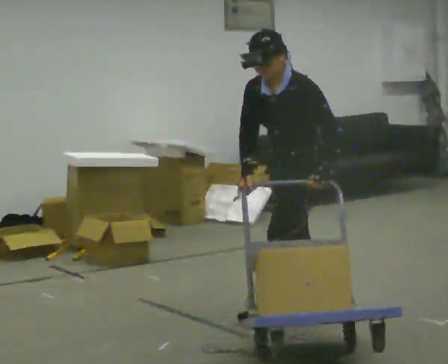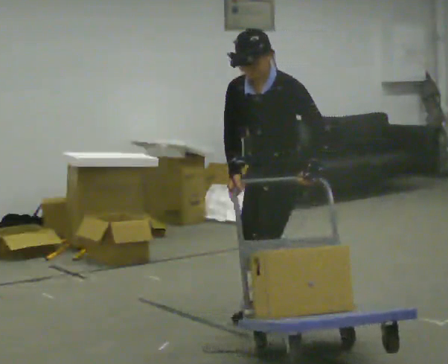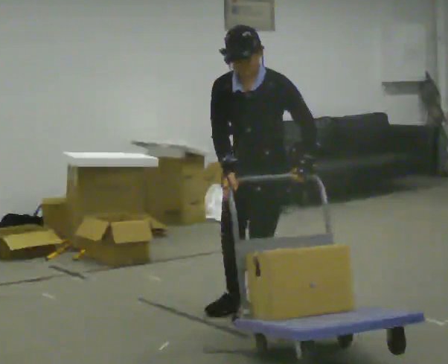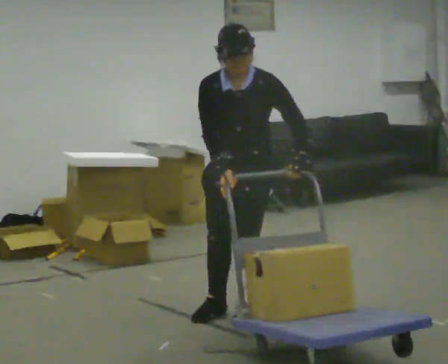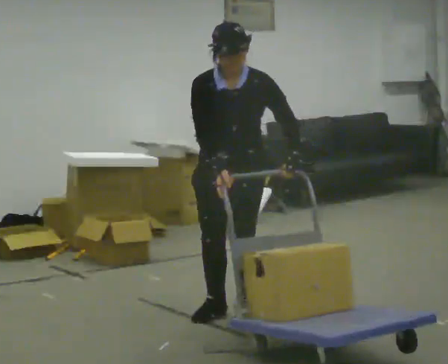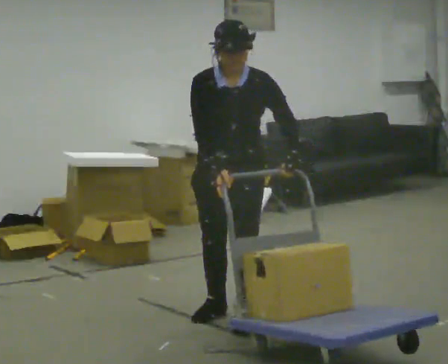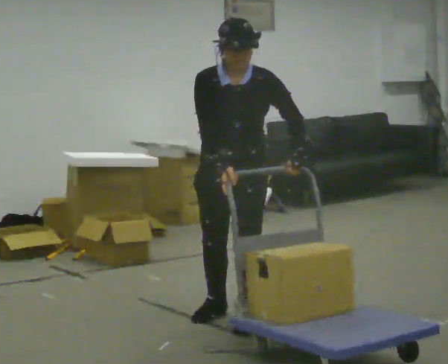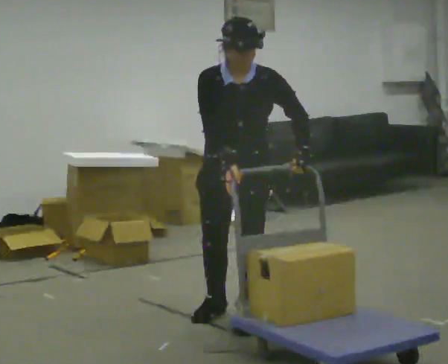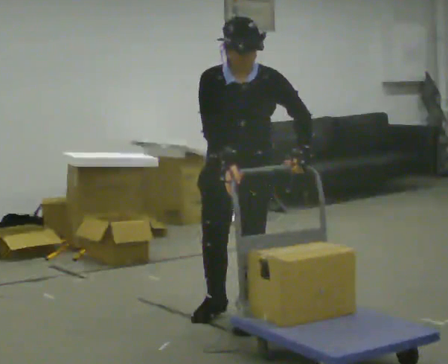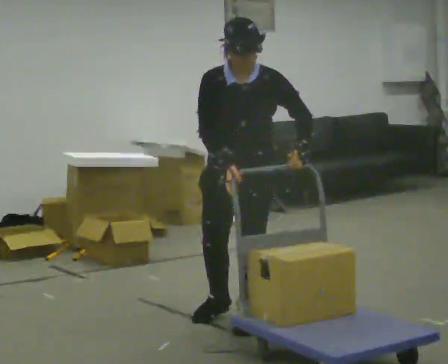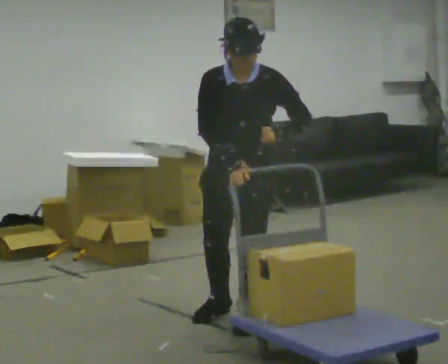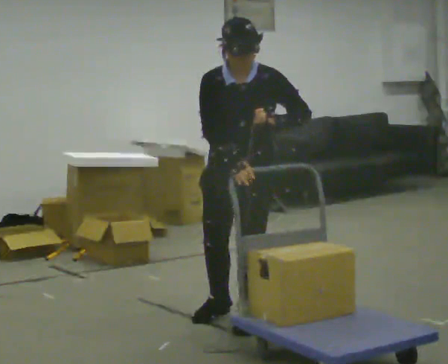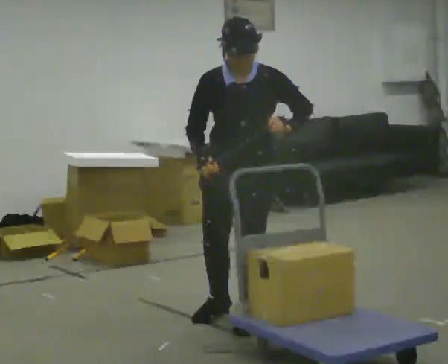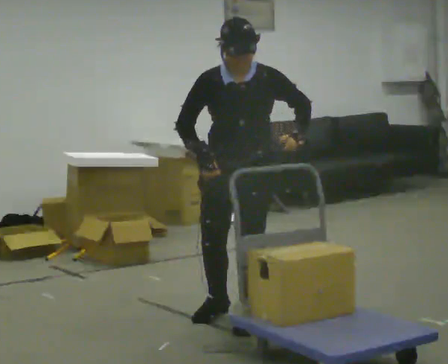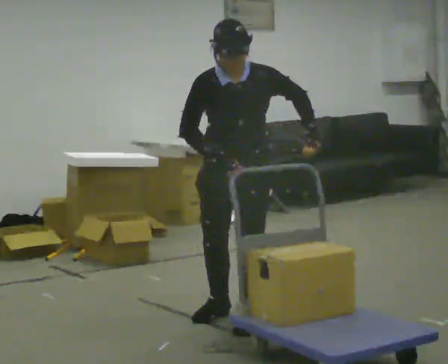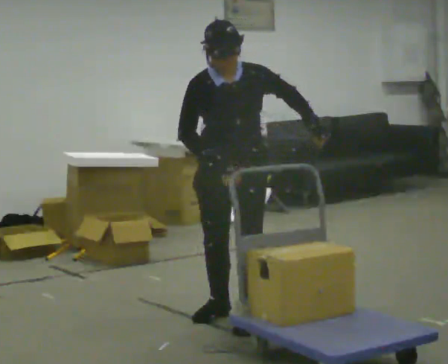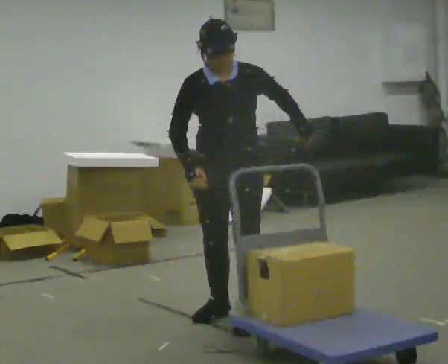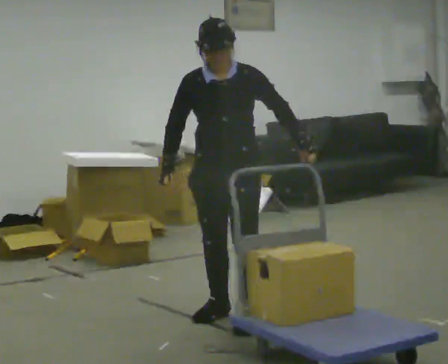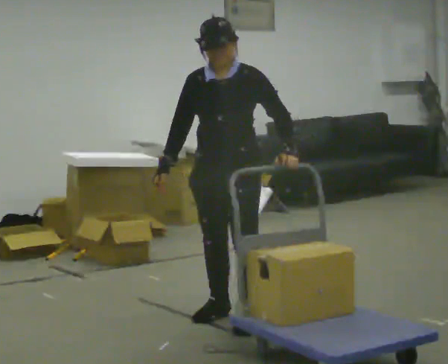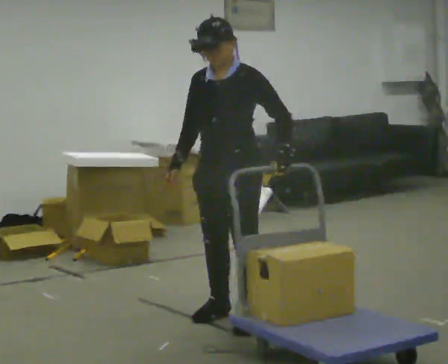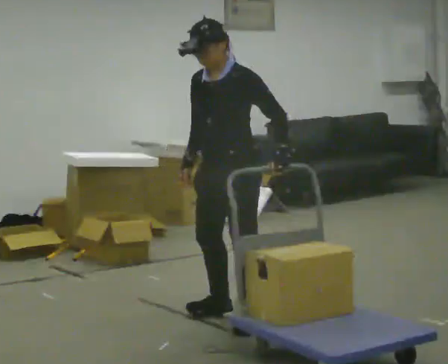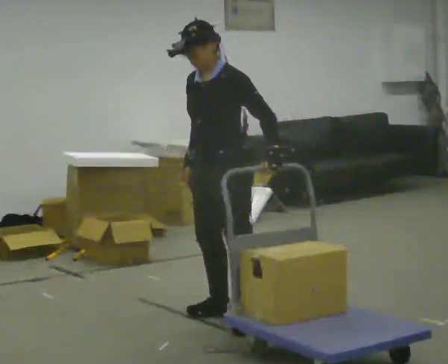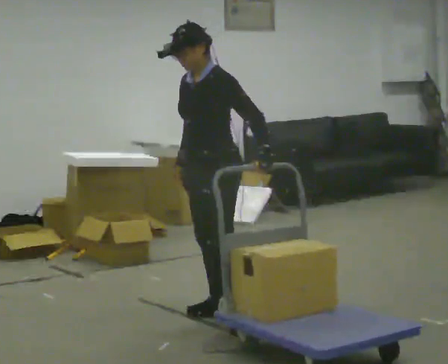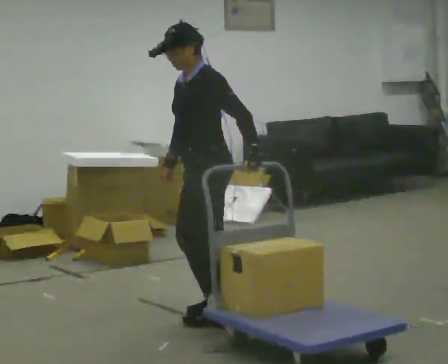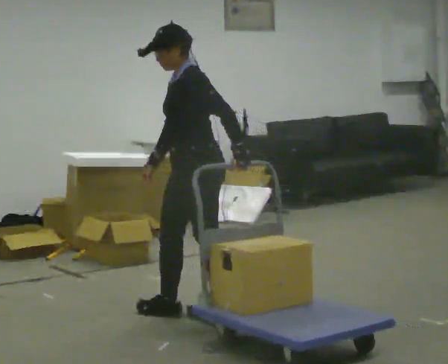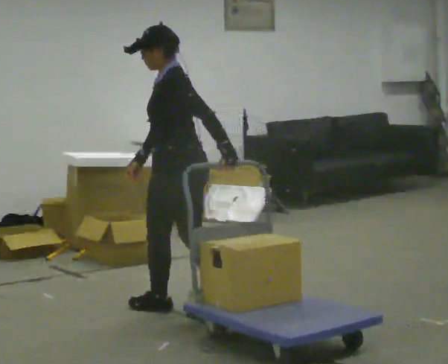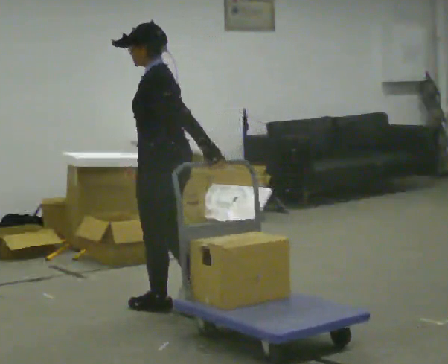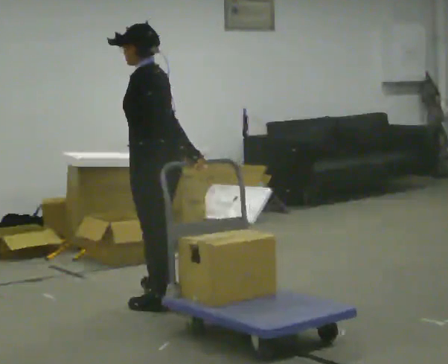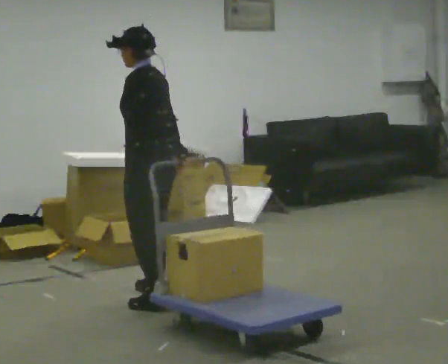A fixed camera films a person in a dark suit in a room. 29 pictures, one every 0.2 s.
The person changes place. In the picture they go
to the left.
The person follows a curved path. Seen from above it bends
clockwise.
0.0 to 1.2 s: The person turns about 45 degrees to their left, counterclockwise seen from above, so the part of the body nearest the lens slides to the right. In the picture they go to the left and toward the camera, about 0.25 m in 3 steps, which for them is forward and to their right. In the picture the upper body tilts clockwise, shoulders to the right.
1.2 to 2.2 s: The person moves a little, or ends about where they began.
2.2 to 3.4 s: In the picture their right hand goes to the left.
3.4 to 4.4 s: The person turns about 45 degrees to their right, clockwise seen from above, so the part of the body nearest the lens slides to the left.
4.4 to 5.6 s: The part of the body nearest the lens slides to the left as the person turns to their right by about 45 degrees. In the picture they go to the left and away from the camera, about 0.5 m in 2 steps, which for them is forward and to their right.
The film runs forward here.
